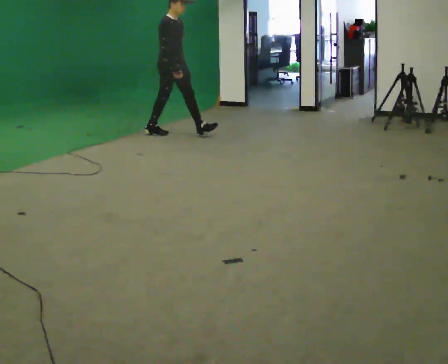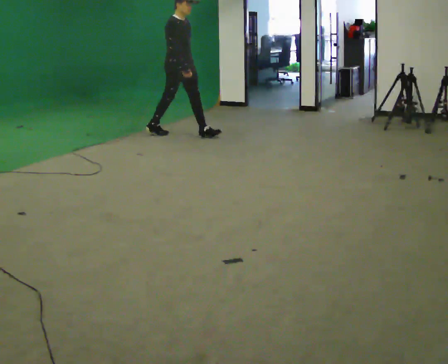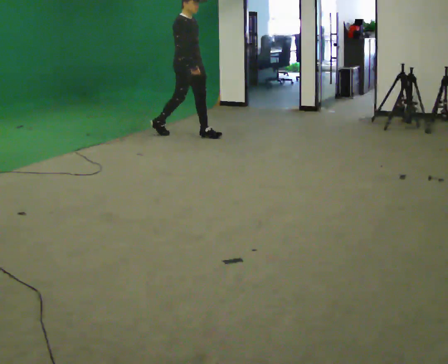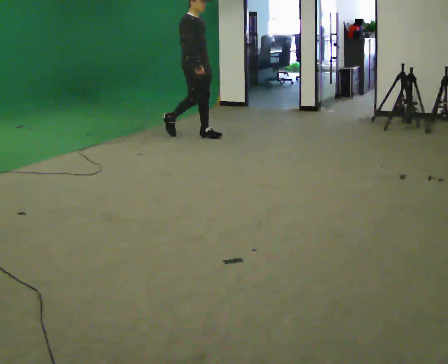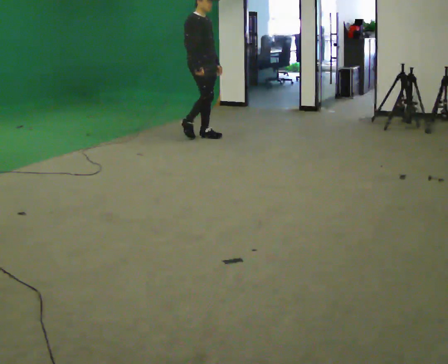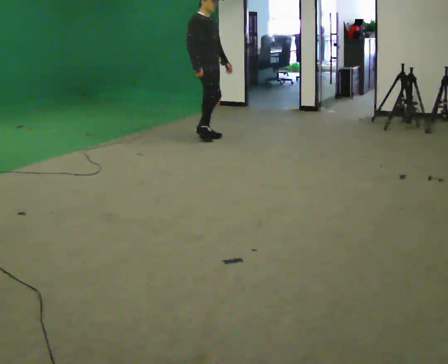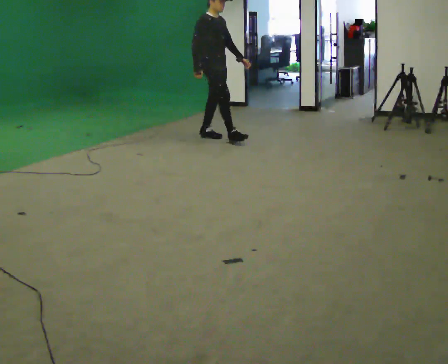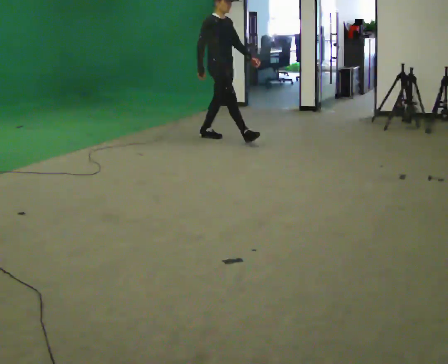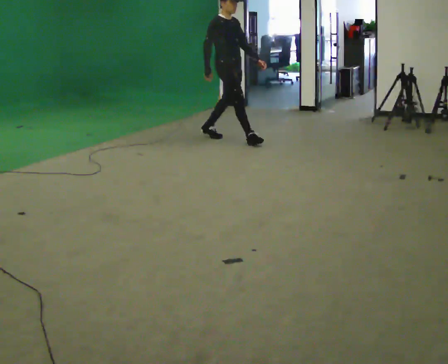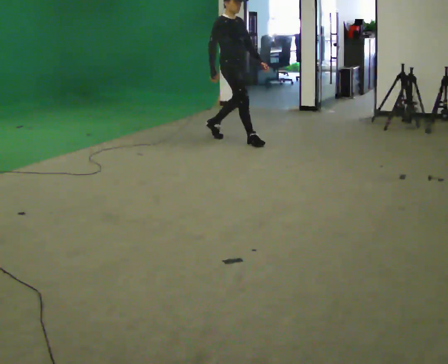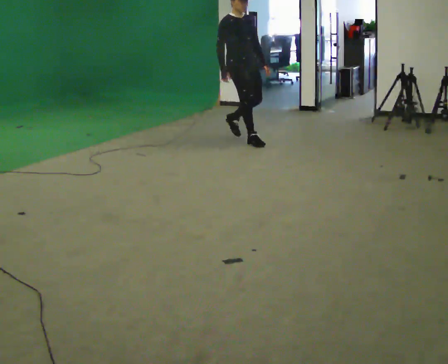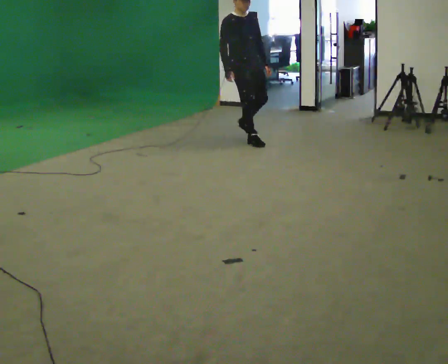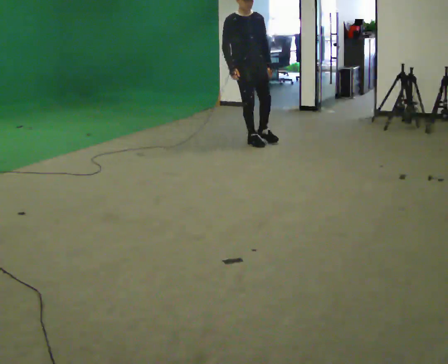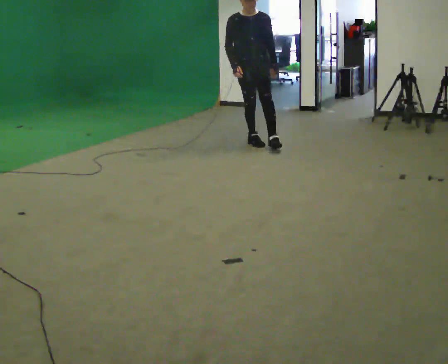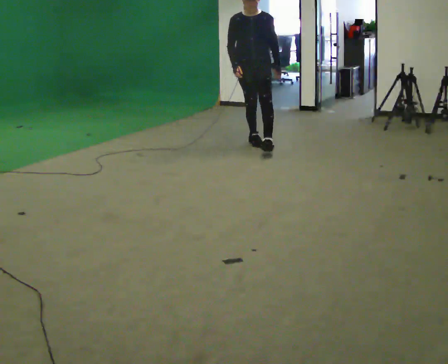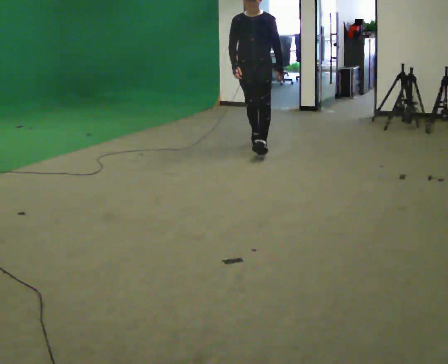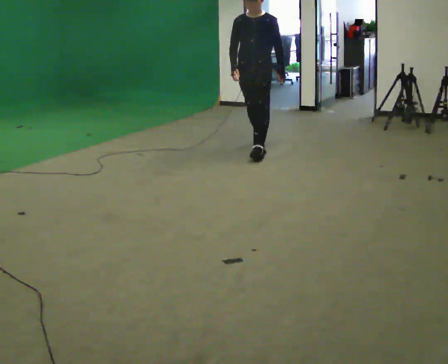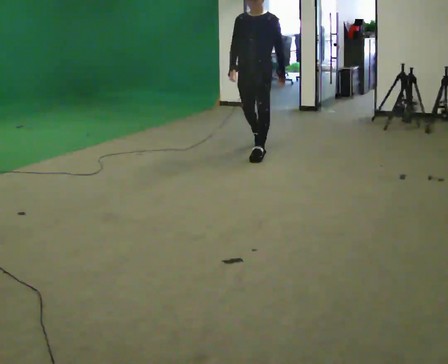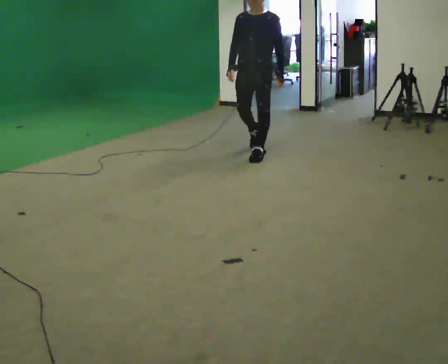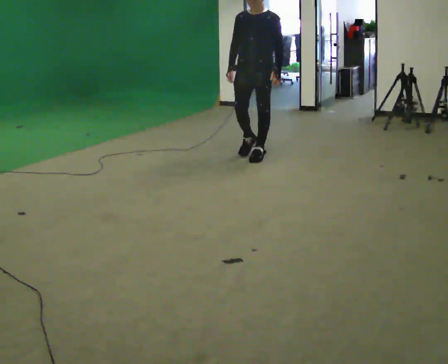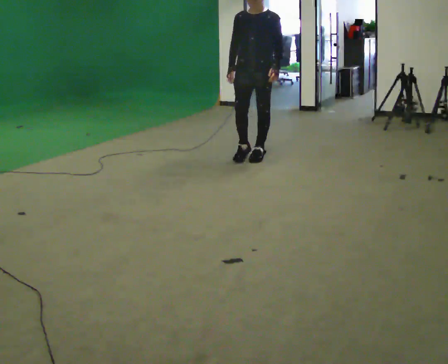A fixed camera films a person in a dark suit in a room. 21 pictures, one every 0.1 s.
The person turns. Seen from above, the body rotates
clockwise.
The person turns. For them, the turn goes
to their right.
0.0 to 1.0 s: In the picture they go to the right and toward the camera, about 1 m in 2 steps, which for them is forward.
1.0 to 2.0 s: The part of the body nearest the lens slides to the left as the person turns to their right by about 60 degrees. In the picture they go toward the camera, about 0.75 m in 1 step.
The film runs forward here.
